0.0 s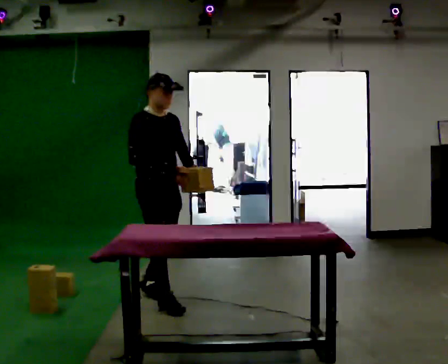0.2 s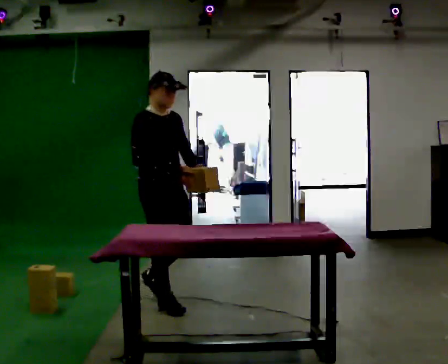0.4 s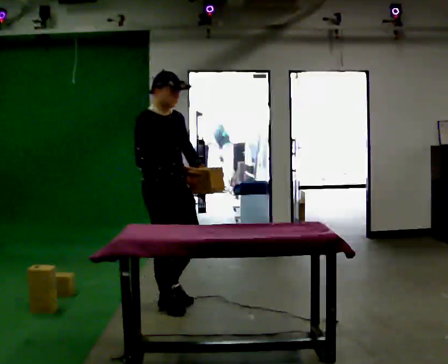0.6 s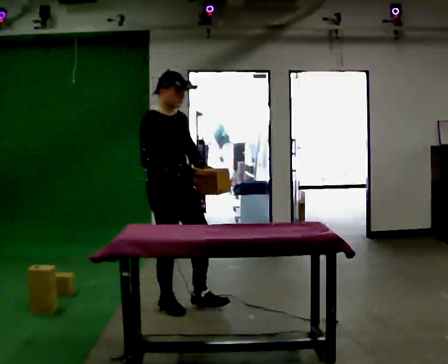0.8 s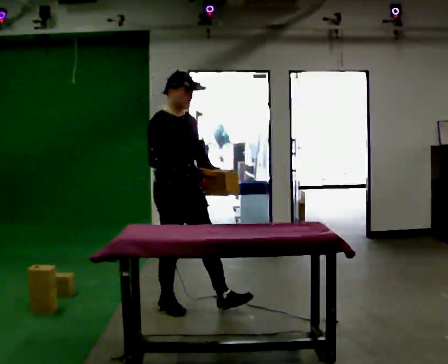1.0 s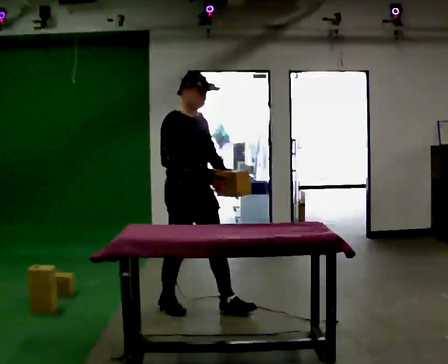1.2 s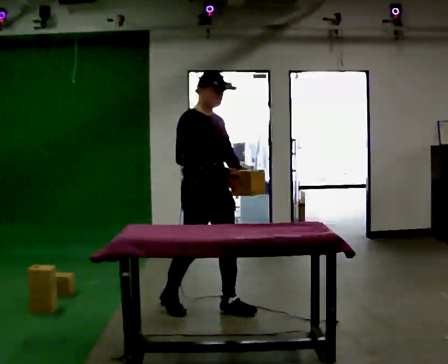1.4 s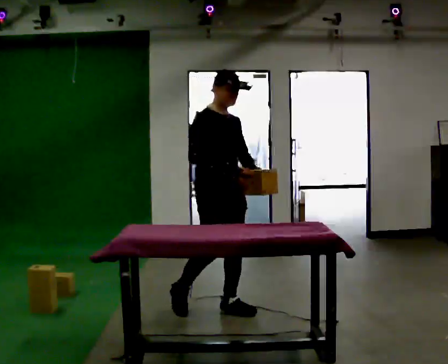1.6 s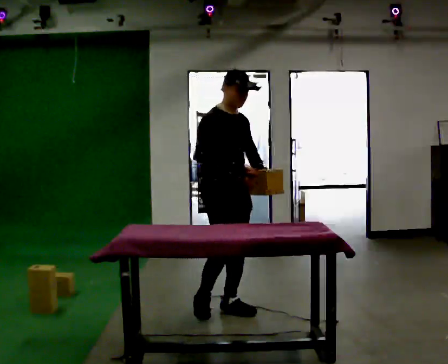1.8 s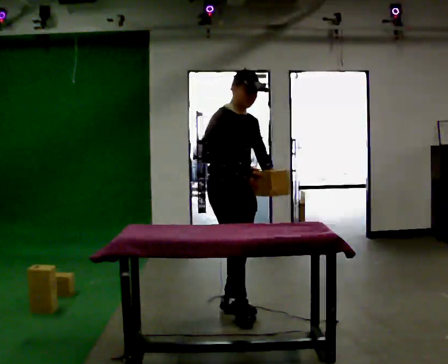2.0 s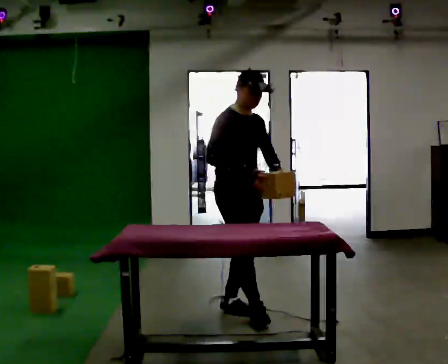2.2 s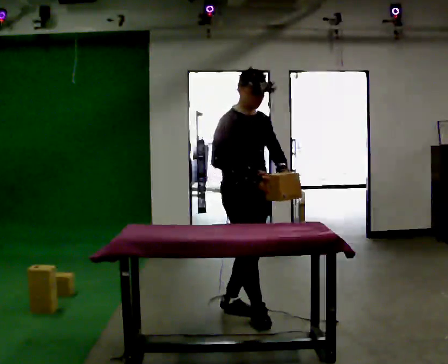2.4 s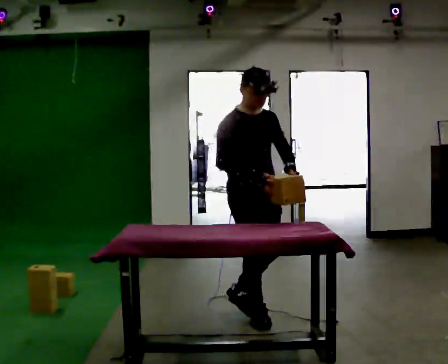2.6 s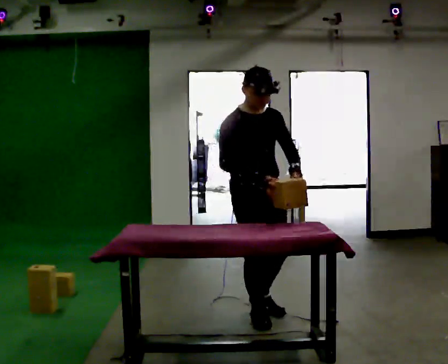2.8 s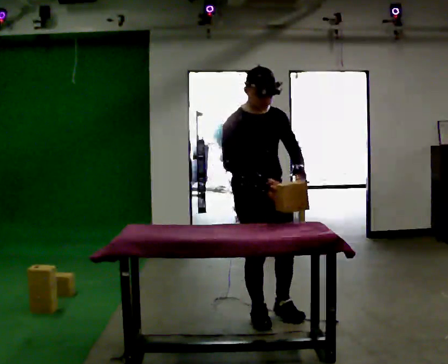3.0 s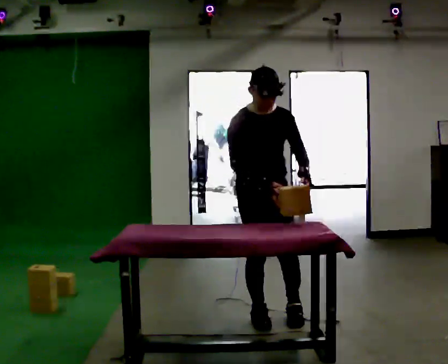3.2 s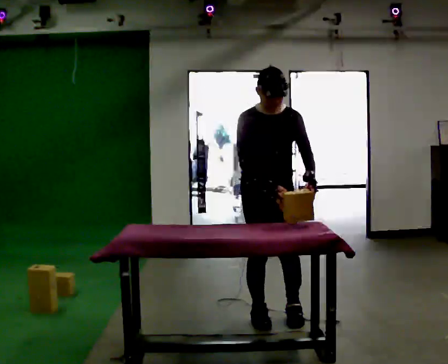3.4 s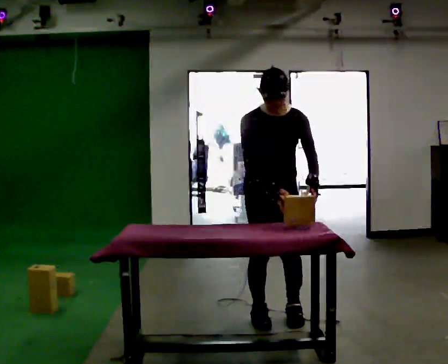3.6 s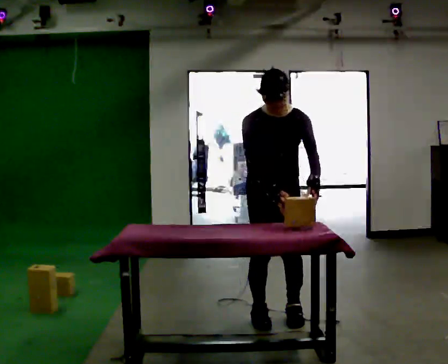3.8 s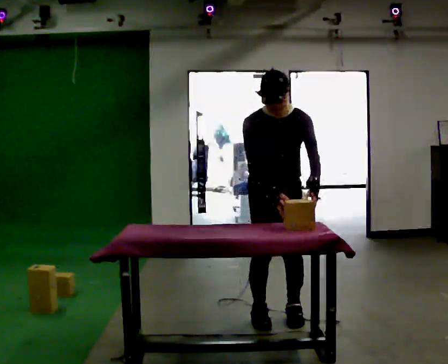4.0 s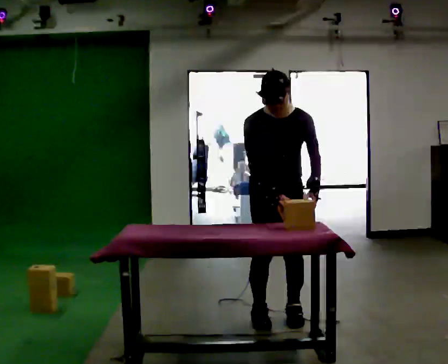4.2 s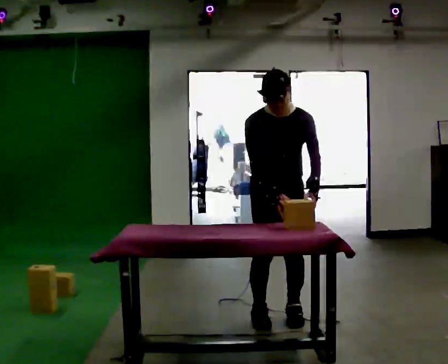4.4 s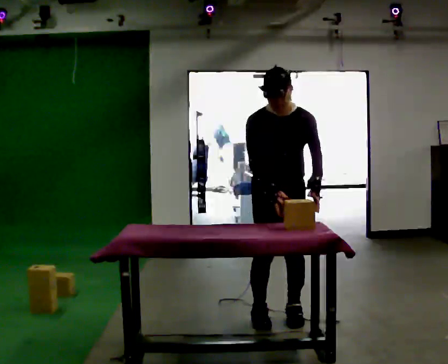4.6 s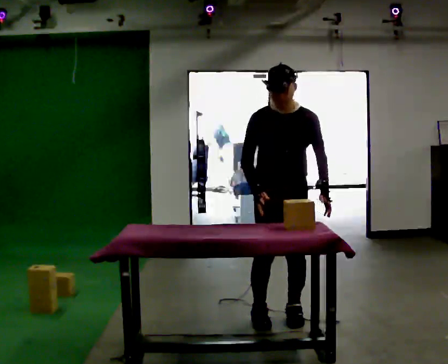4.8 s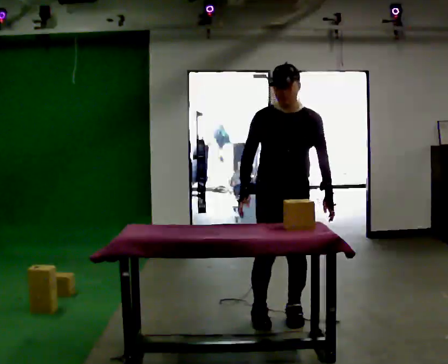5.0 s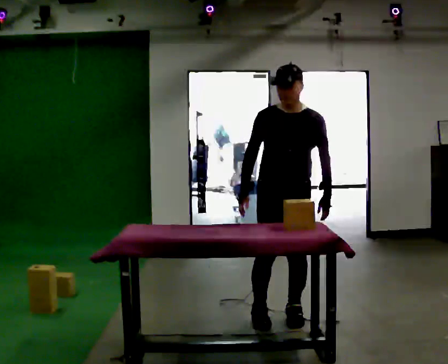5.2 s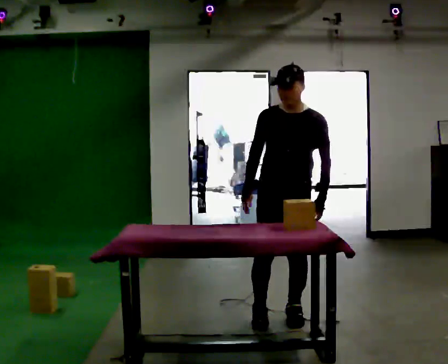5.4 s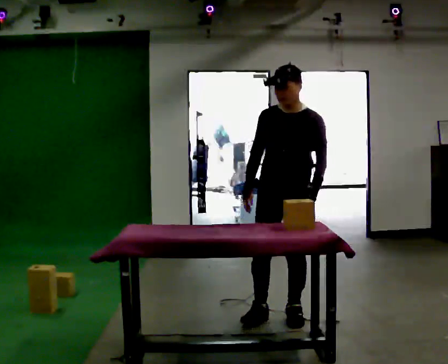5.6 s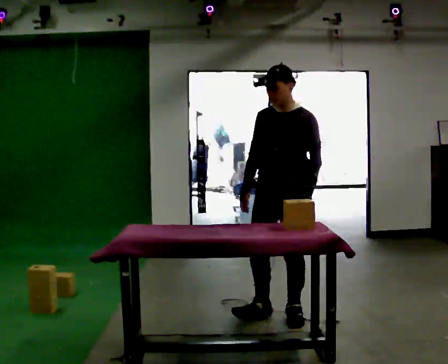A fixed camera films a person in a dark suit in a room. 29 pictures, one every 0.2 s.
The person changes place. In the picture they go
to the right.
The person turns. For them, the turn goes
to their right.
0.0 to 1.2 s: In the picture they go to the right, about 0.5 m in 1 step, which for them is forward.
1.2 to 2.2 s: In the picture they go to the right, about 0.25 m in 1 step, which for them is forward.
2.2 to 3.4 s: The person turns about 30 degrees to their right, clockwise seen from above, so the part of the body nearest the lens slides to the left. In the picture they go to the right, about 0.25 m in 1 step, which for them is to their left and forward.
3.4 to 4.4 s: The person moves a little, or ends about where they began.
4.4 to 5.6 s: The person turns about 45 degrees to their right, clockwise seen from above, so the part of the body nearest the lens slides to the left.
The film runs forward here.
